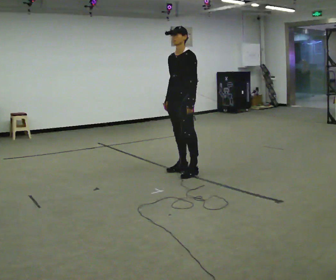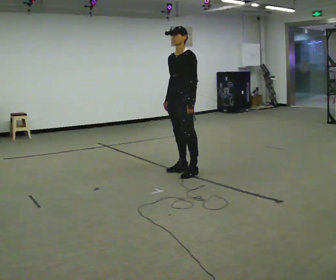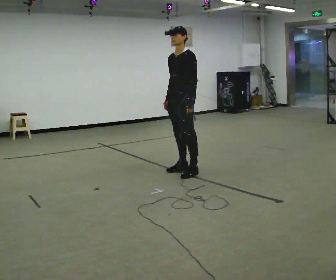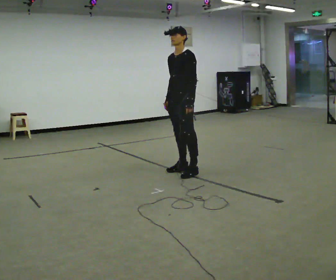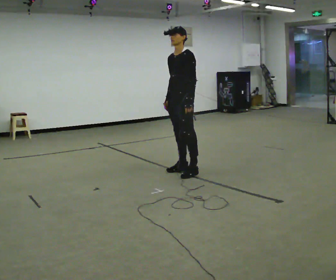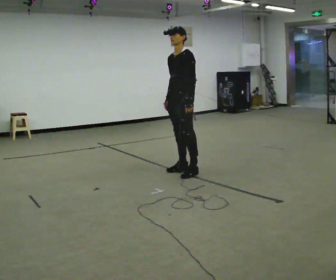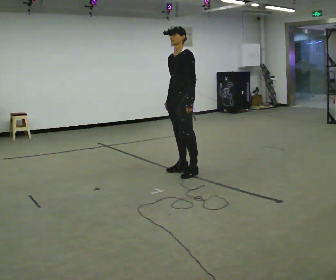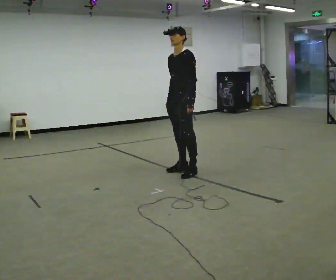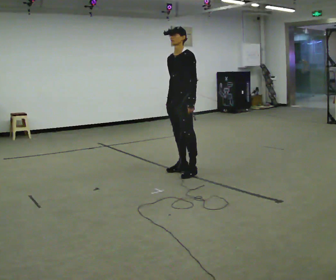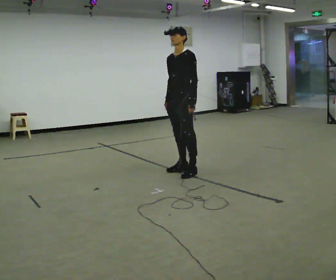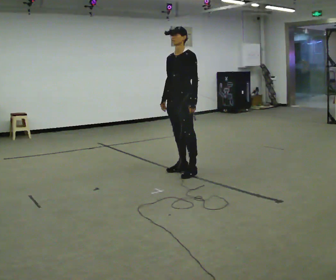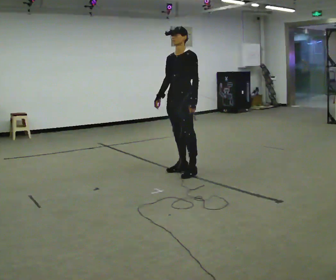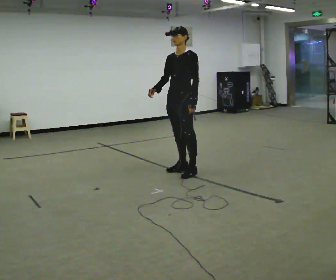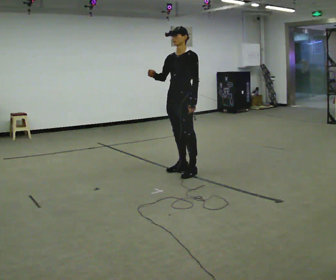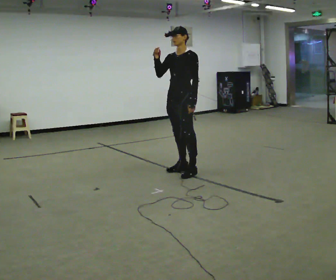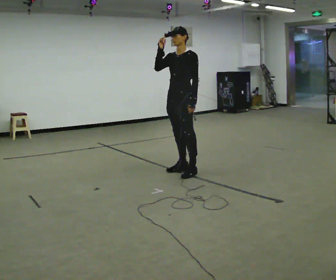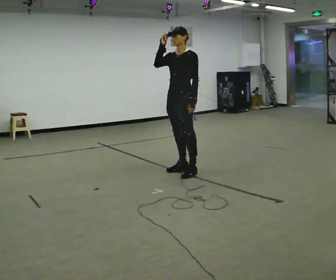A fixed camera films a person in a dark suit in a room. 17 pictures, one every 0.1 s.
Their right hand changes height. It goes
upward.
0.0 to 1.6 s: In the picture their right hand goes upward.
The film runs backward here.
